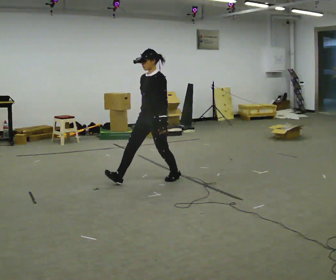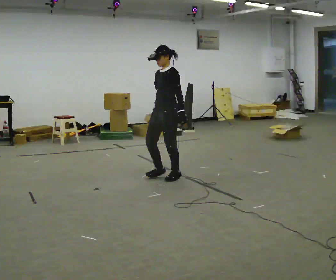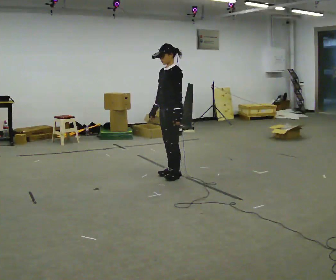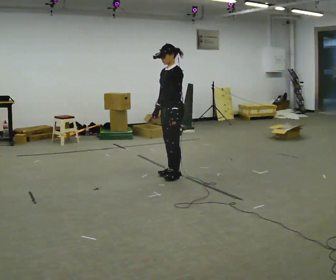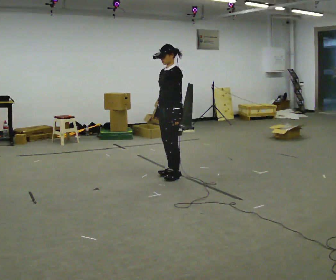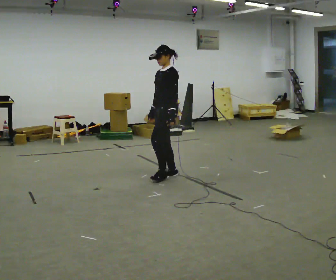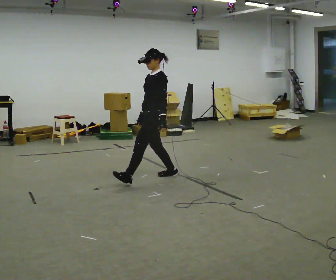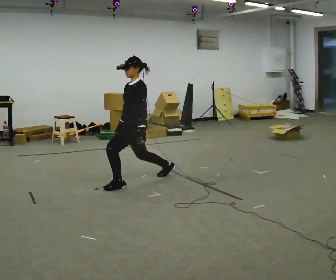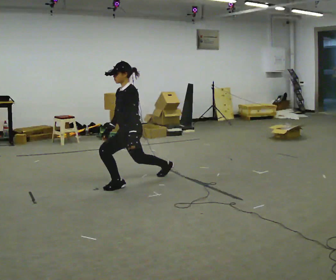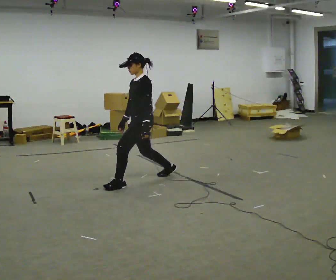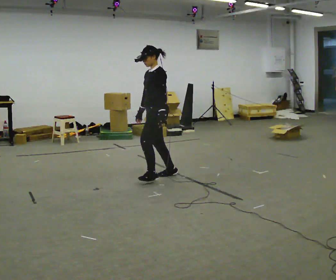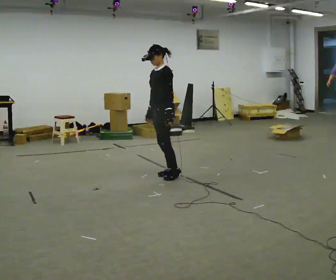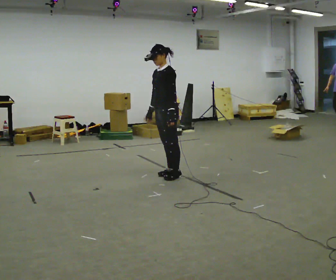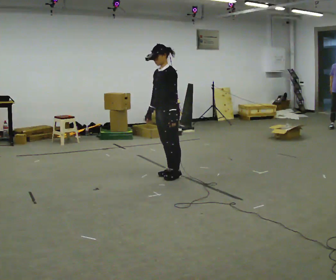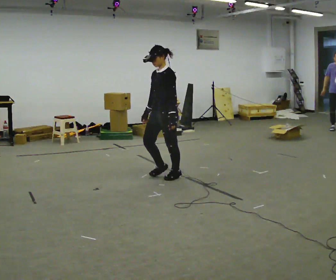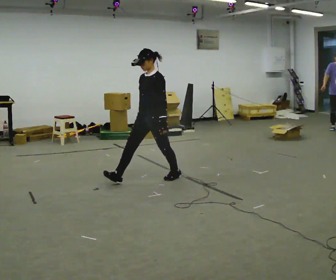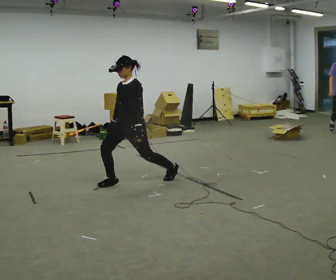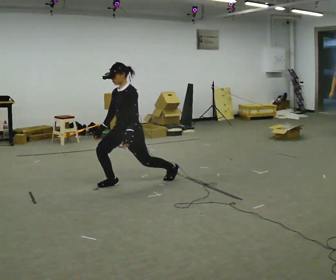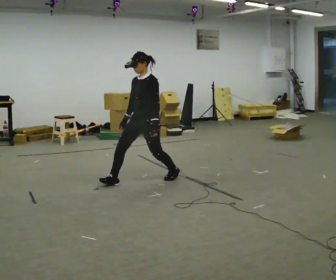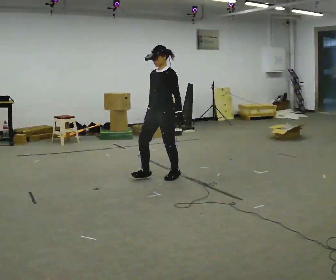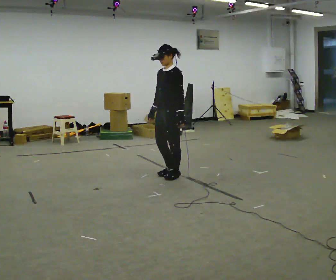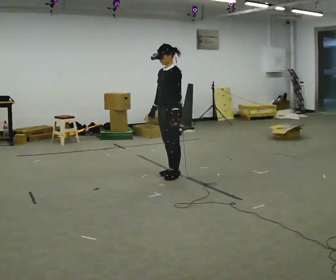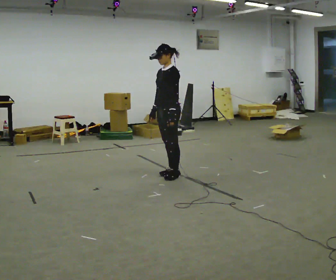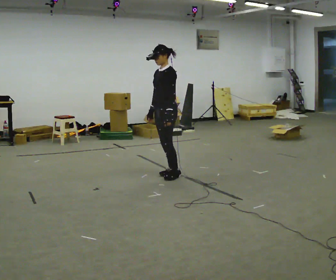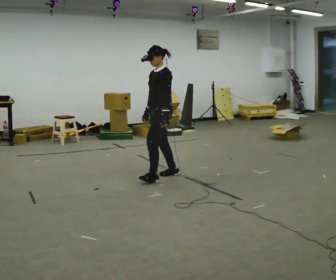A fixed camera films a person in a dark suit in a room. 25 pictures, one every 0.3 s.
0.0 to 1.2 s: In the picture they go away from the camera, about 0.25 m in 1 step, which for them is backward.
1.2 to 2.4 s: In the picture they go toward the camera and to the left, about 0.5 m in 1 step, which for them is forward. The upper body goes downward.
2.4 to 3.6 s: In the picture they go to the right and away from the camera, about 0.5 m in 1 step, which for them is backward. The upper body goes upward.
3.6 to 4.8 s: In the picture they go to the left and toward the camera, about 0.5 m in 1 step, which for them is forward. The upper body goes downward.
4.8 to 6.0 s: In the picture they go to the right and away from the camera, about 0.5 m, which for them is backward and to their left.
6.0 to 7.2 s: The person moves a little, or ends about where they began.
The film runs forward here.
